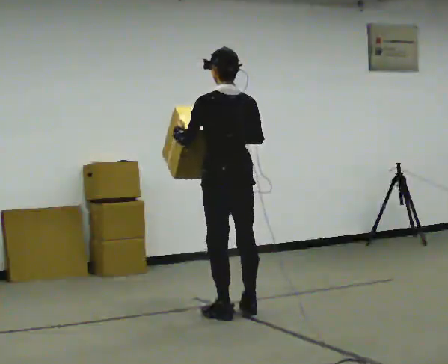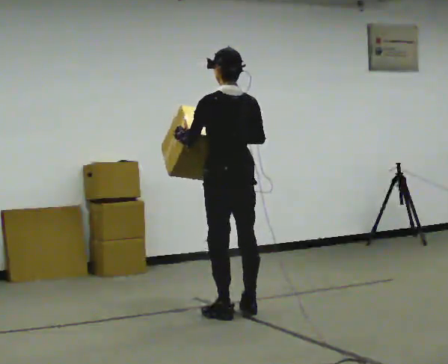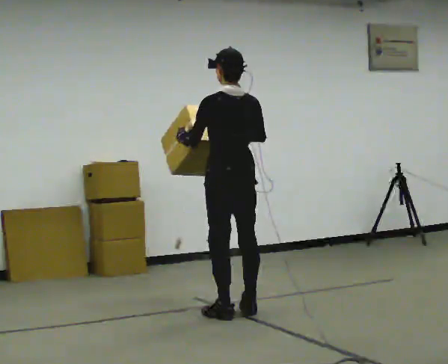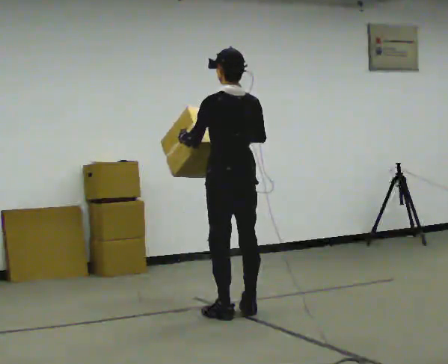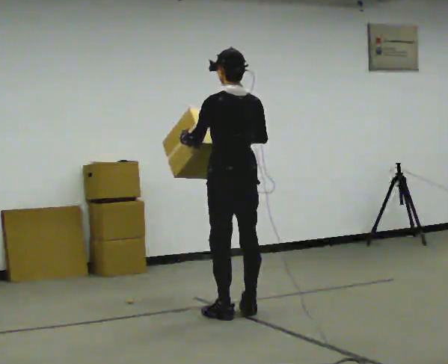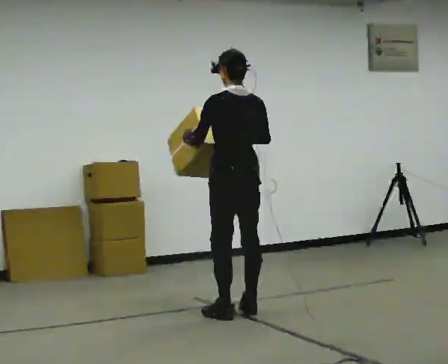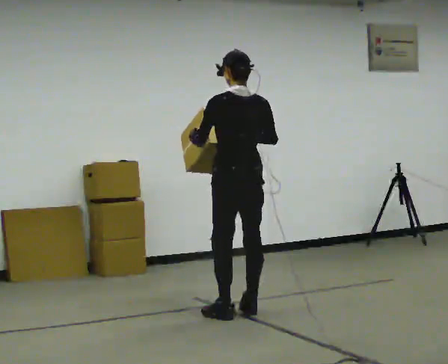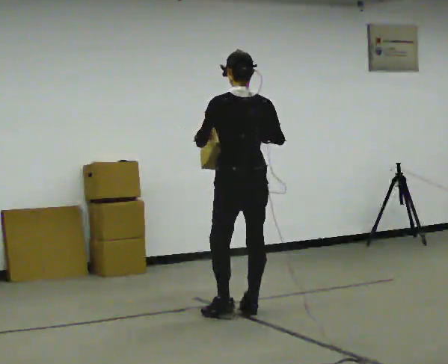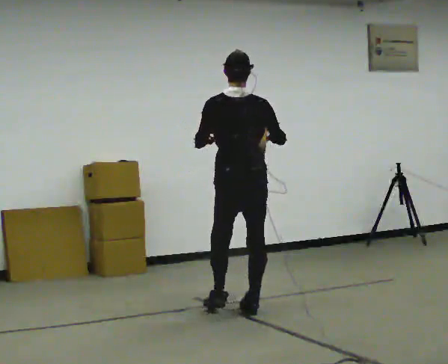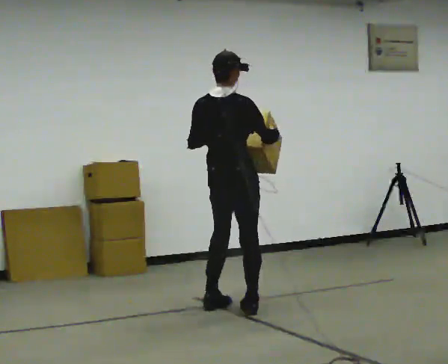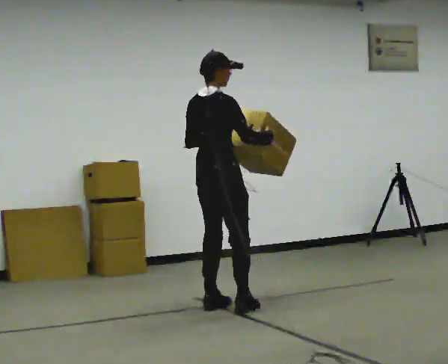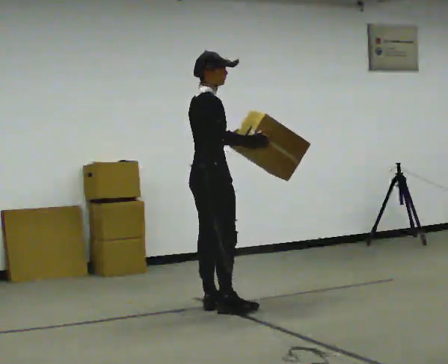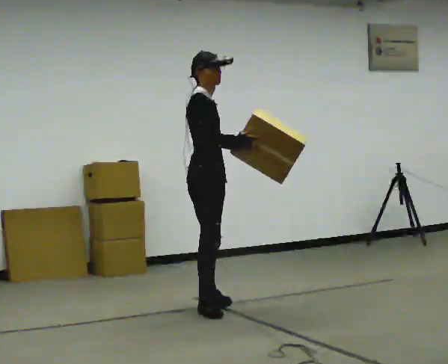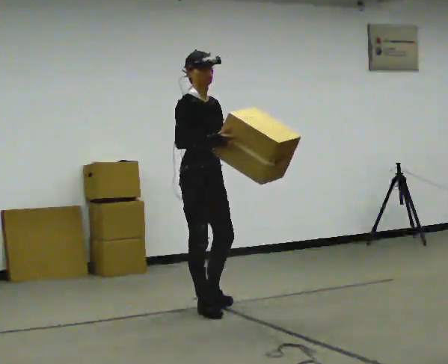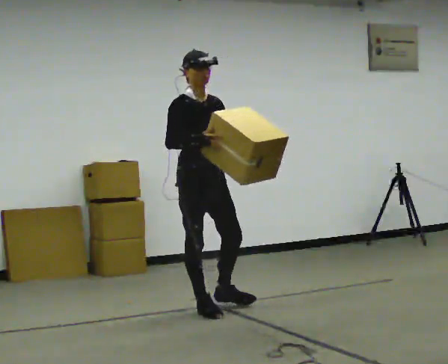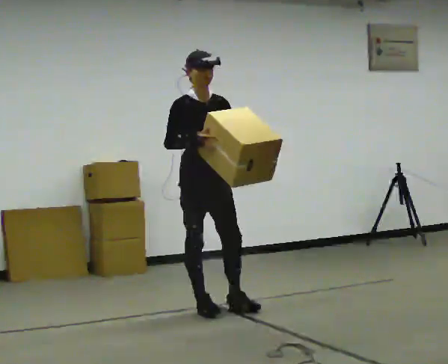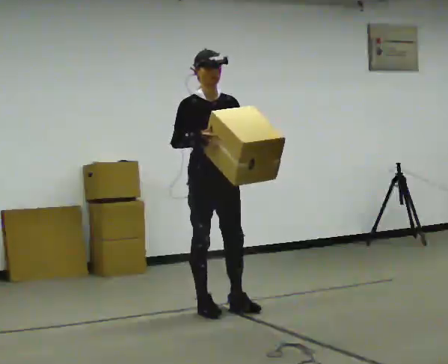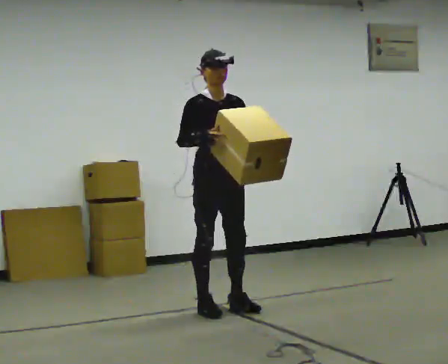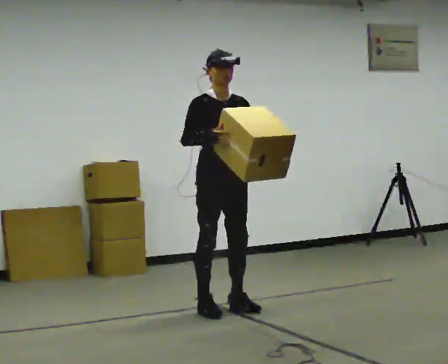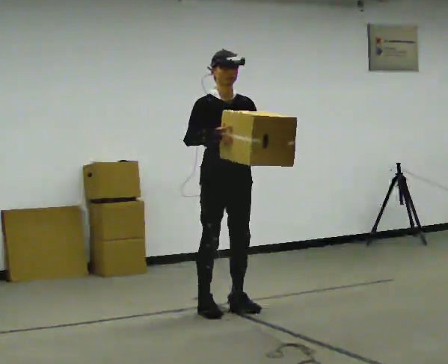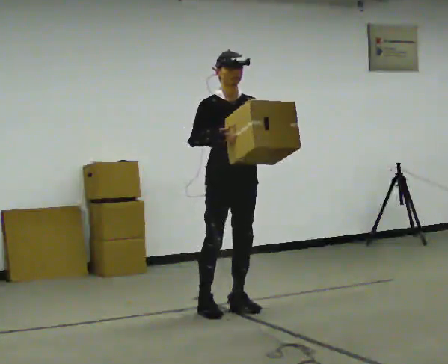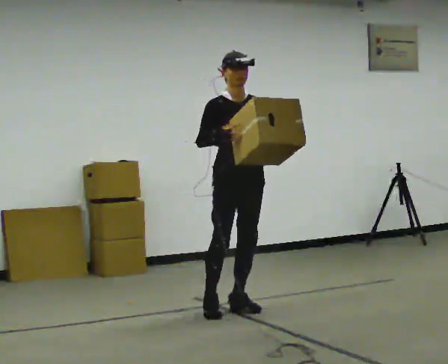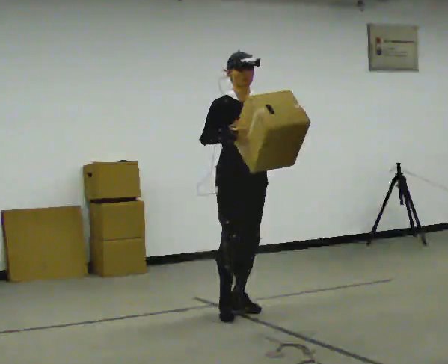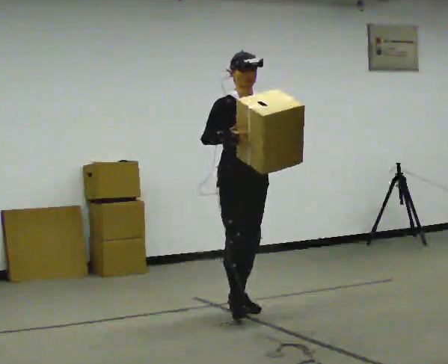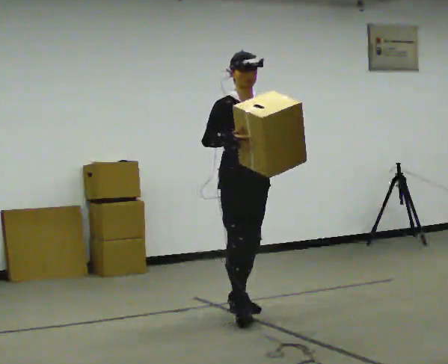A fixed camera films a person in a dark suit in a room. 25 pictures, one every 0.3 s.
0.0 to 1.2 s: The person moves a little, or ends about where they began.
1.2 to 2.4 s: Seen from above the body turns clockwise, about 30 degrees: to their right, with its near side sliding to the left.
2.4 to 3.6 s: The person turns about 90 degrees to their right, clockwise seen from above, so the part of the body nearest the lens slides to the left. In the picture they go to the left, about 0.25 m in 2 steps.
3.6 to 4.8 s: The part of the body nearest the lens slides to the left as the person turns to their right by about 45 degrees.
4.8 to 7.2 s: In the picture they go to the right, about 0.25 m in 1 step, which for them is forward and to their left.
The film runs forward here.
